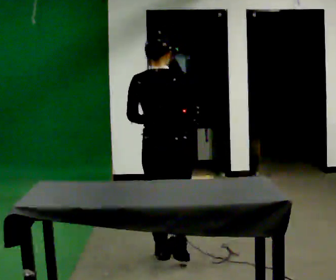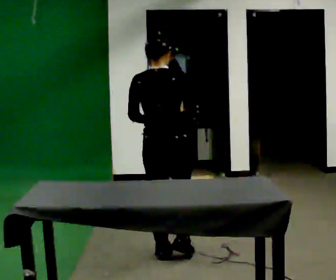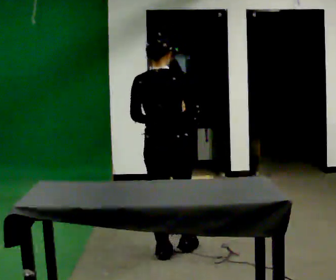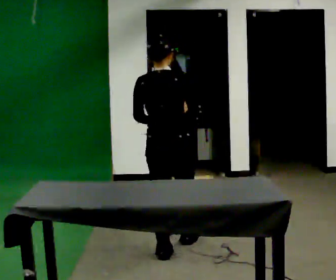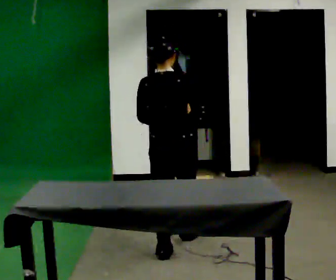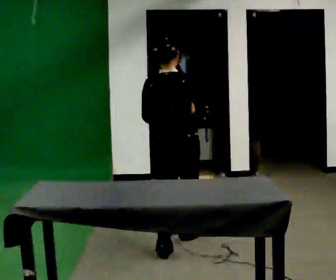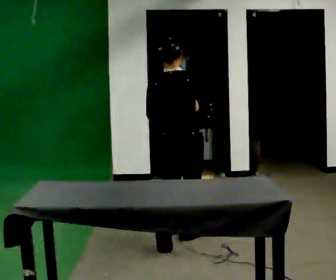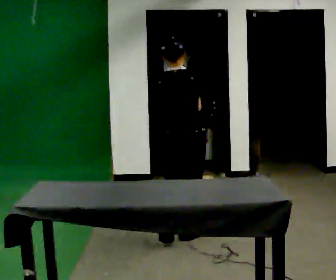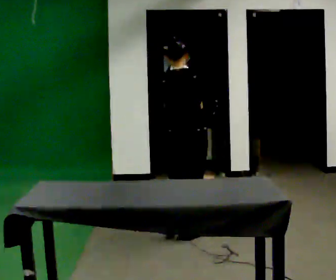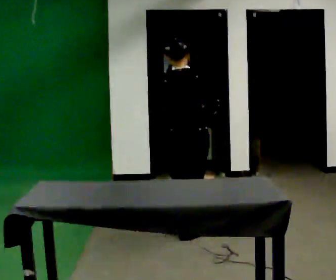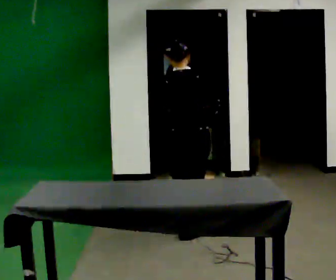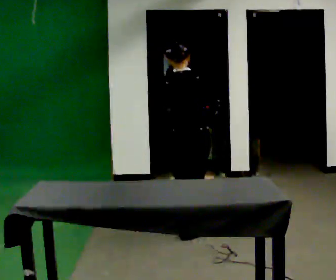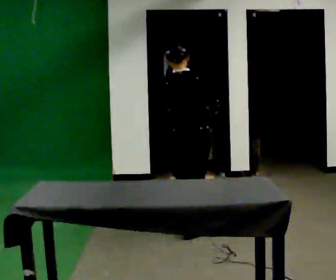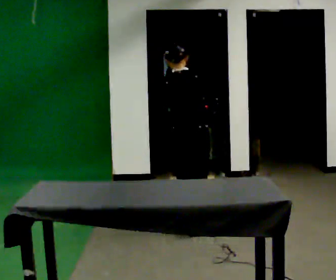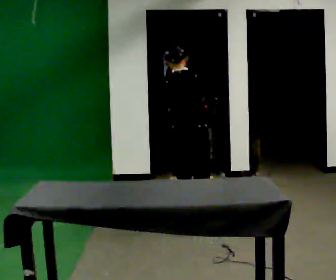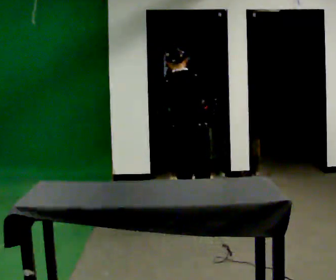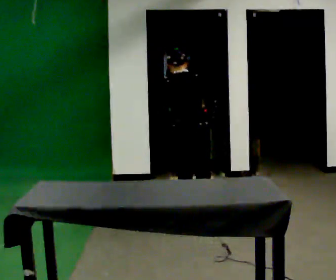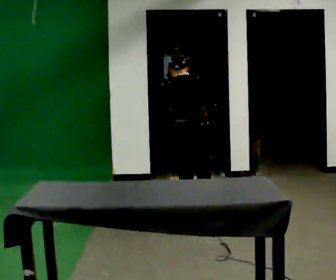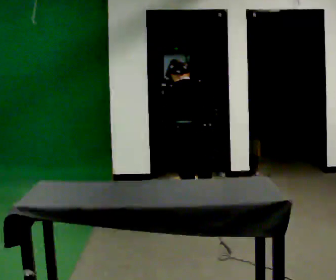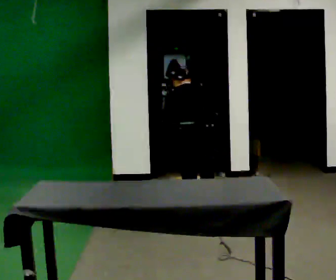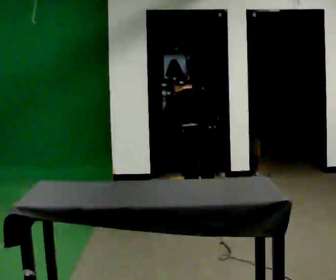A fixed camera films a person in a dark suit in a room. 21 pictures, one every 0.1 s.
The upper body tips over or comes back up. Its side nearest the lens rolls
upward.
The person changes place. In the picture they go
away from the camera.
0.0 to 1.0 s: In the picture they go away from the camera, about 0.75 m in 1 step, which for them is forward.
1.0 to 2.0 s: In the picture they go away from the camera, about 0.25 m in 2 steps, which for them is forward. The upper body goes downward. The upper body tips away from the camera, its near side rolling upward, as they bend forward.
The film runs forward here.
